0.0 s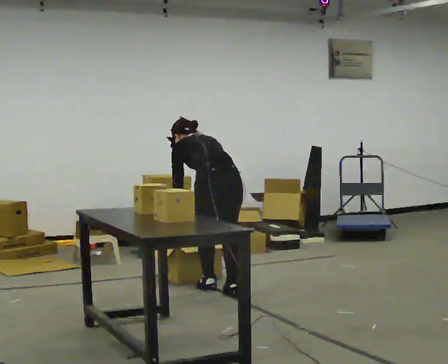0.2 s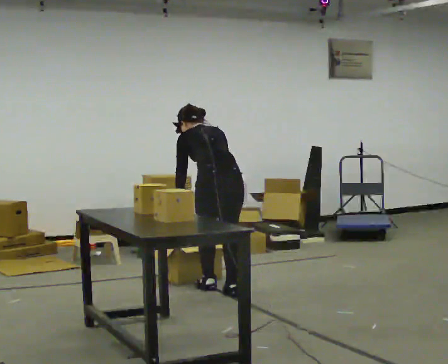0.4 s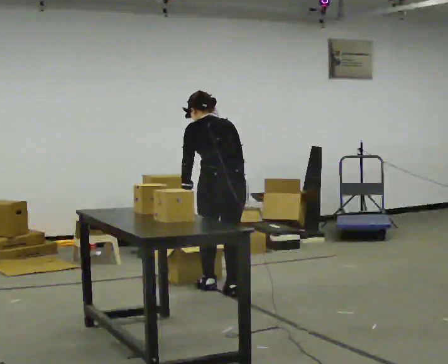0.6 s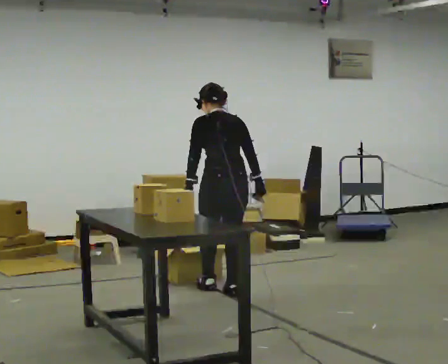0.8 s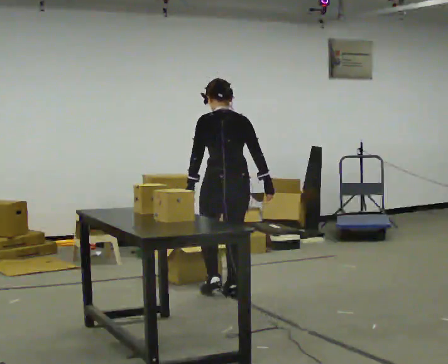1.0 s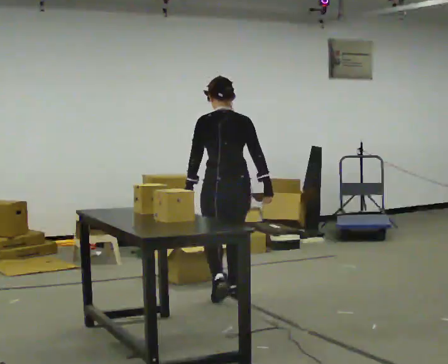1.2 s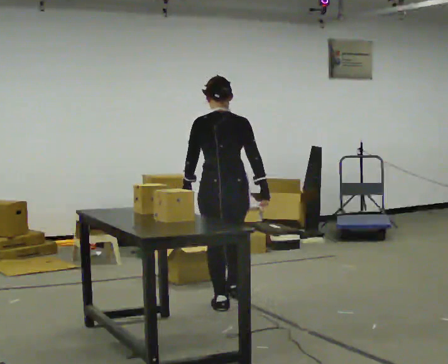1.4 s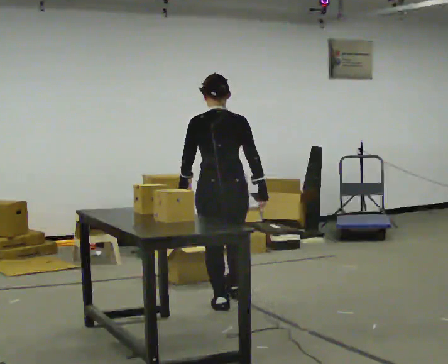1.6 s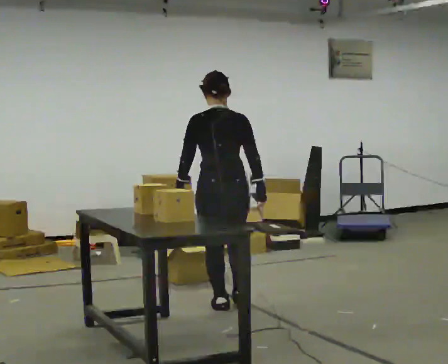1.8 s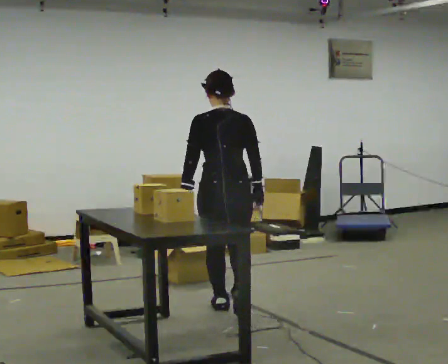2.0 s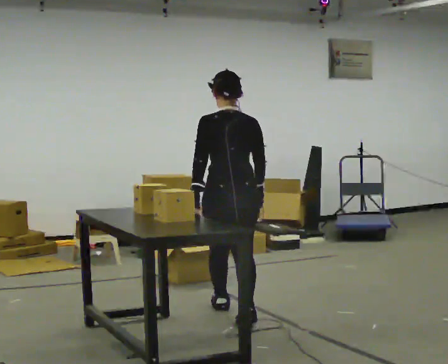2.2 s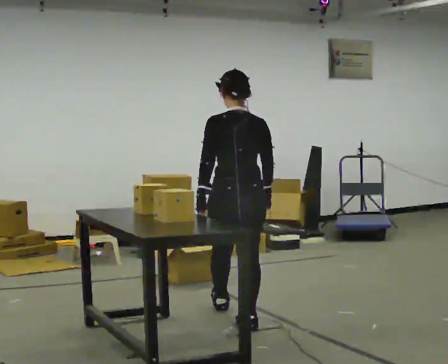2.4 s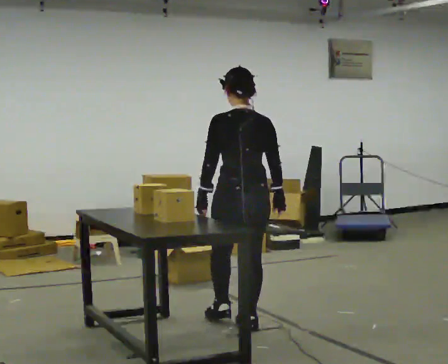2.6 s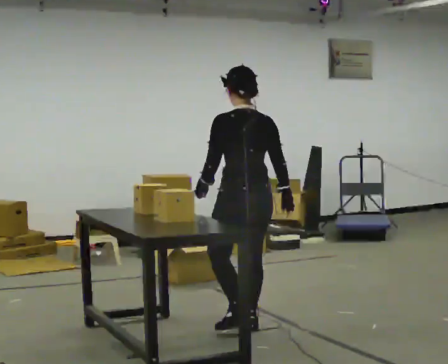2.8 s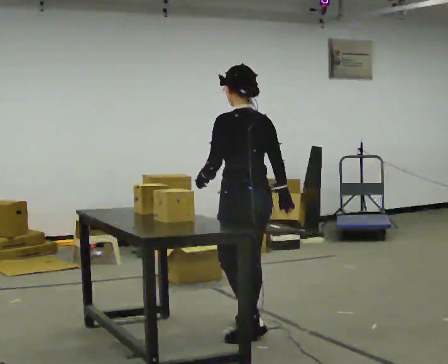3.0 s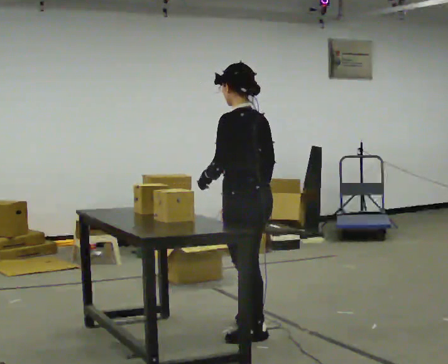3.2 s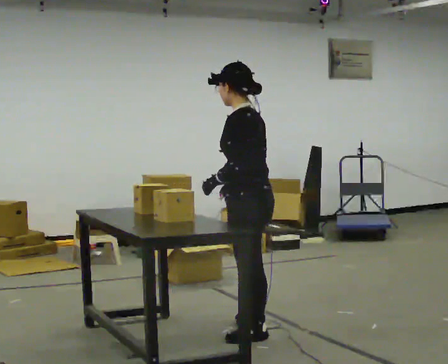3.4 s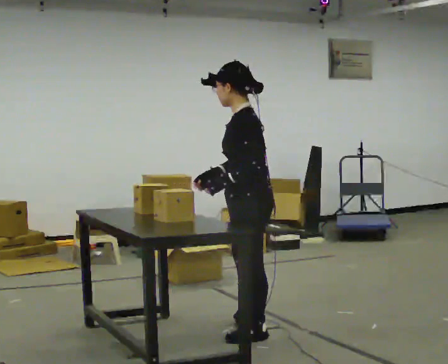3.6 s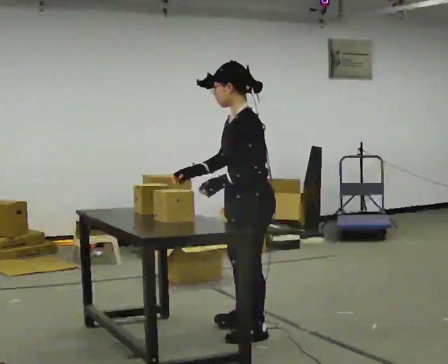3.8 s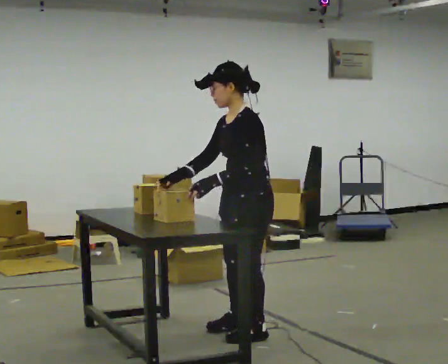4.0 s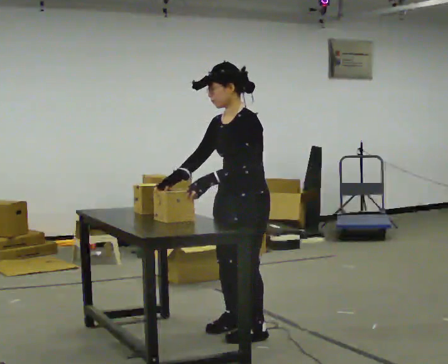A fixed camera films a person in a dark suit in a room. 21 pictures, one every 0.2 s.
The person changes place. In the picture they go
toward the camera.
The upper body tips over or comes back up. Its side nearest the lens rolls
downward.
0.0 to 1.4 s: In the picture they go toward the camera, about 0.5 m in 2 steps, which for them is backward. The shoulders move upward. The upper body tips toward the camera, its near side rolling downward, as they lean back or straighten.
1.4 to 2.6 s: In the picture they go toward the camera, about 0.5 m in 1 step, which for them is backward.
2.6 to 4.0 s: The person turns about 90 degrees to their left, counterclockwise seen from above, so the part of the body nearest the lens slides to the right. In the picture they go toward the camera, about 0.25 m. In the picture their right hand goes to the left, the arm swinging clockwise.
The film runs backward here.
